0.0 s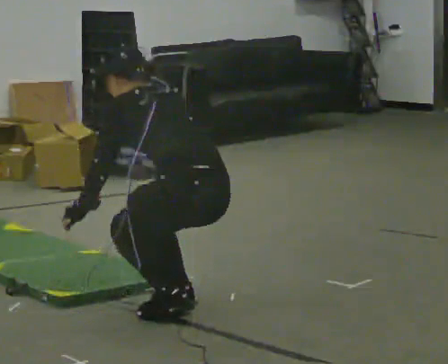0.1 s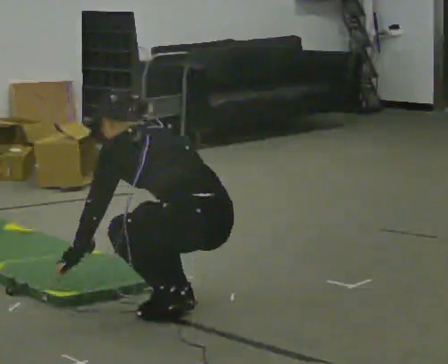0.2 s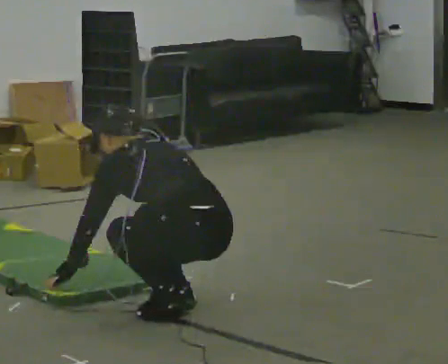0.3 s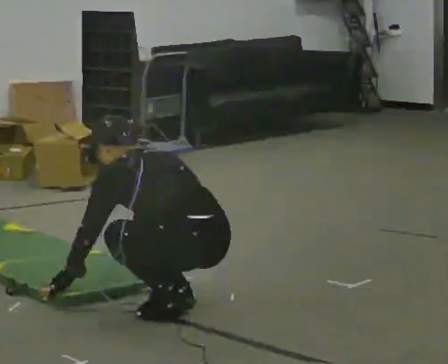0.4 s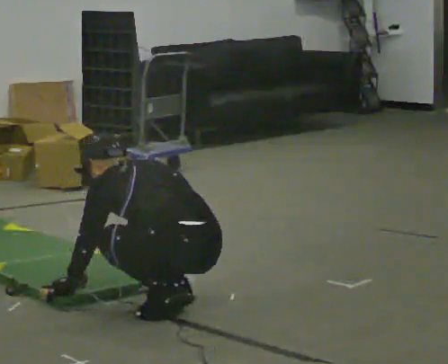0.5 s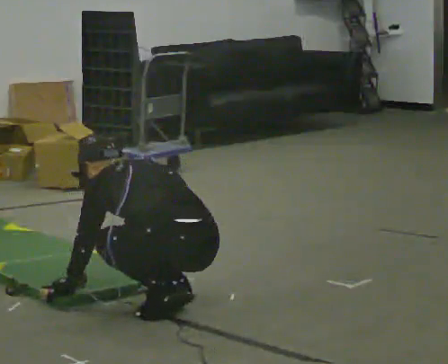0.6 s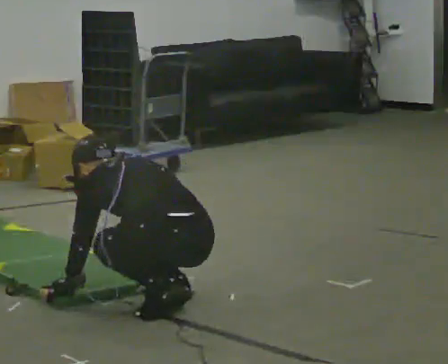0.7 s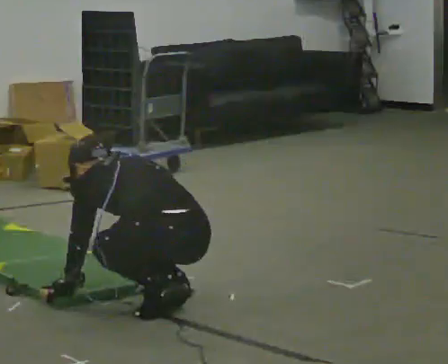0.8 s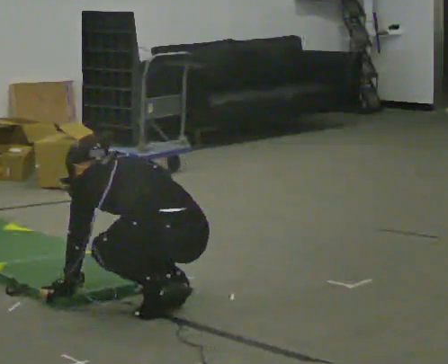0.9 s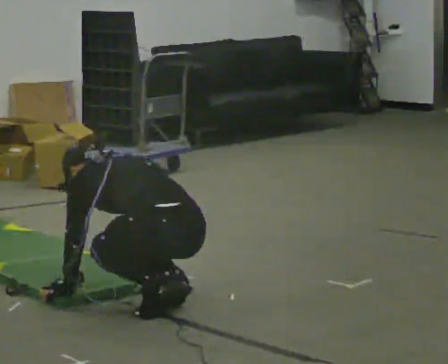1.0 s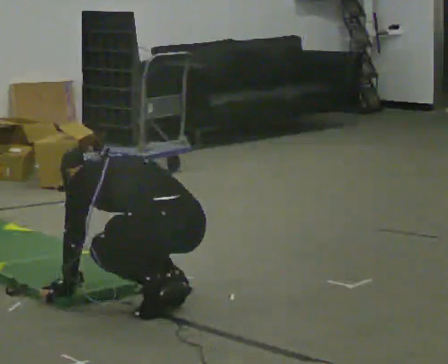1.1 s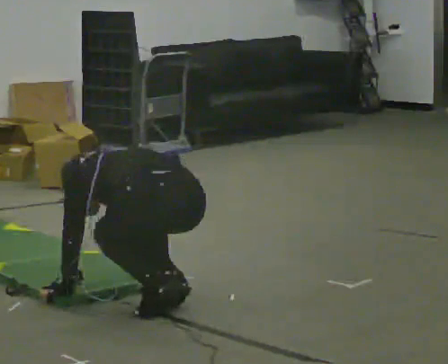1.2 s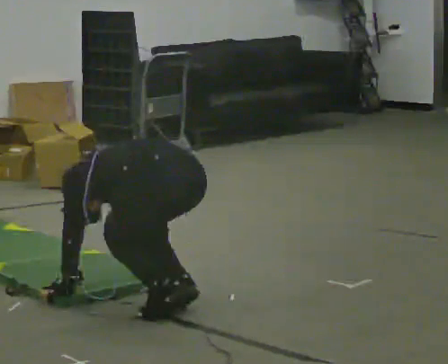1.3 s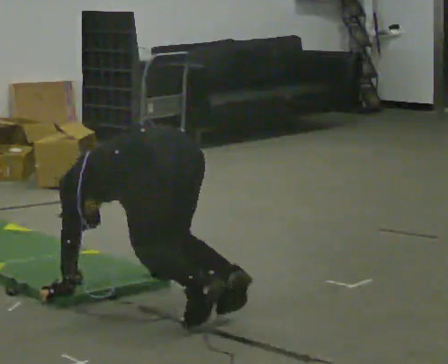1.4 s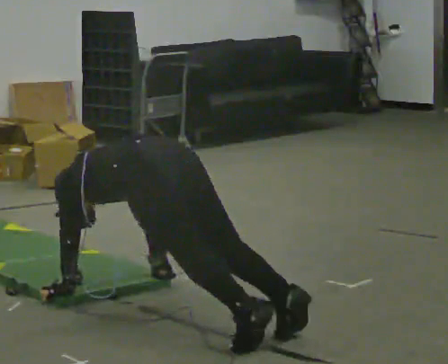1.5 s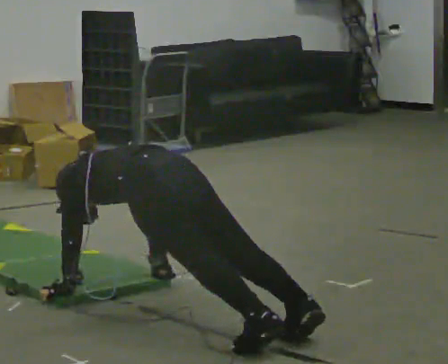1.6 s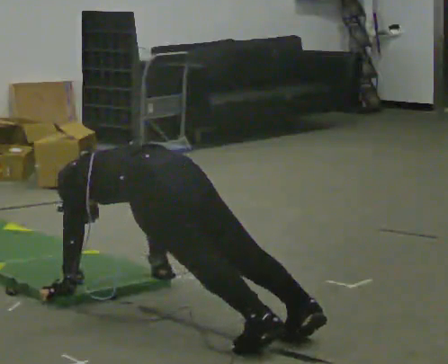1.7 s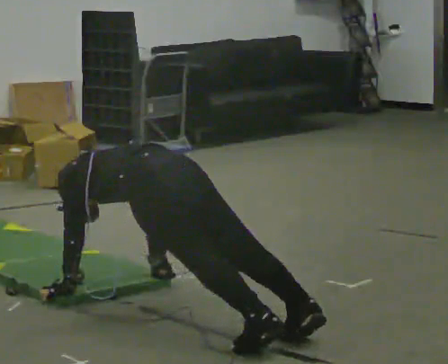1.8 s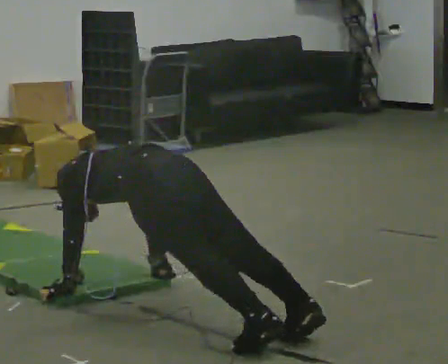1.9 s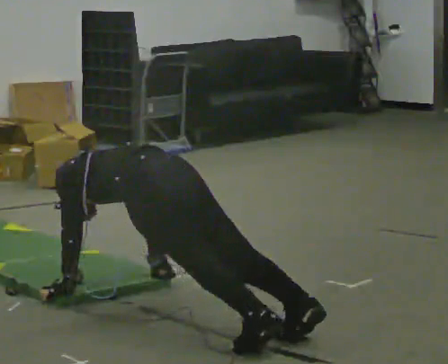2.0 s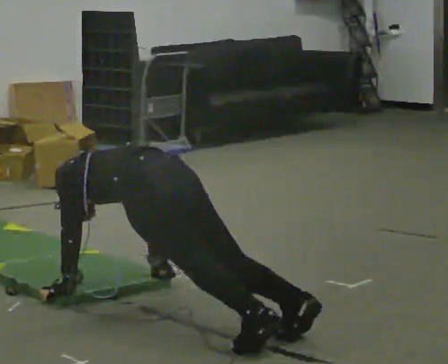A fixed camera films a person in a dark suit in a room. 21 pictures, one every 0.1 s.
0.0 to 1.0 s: The upper body goes downward. The upper body tips away from the camera, its near side rolling upward, as they bend forward. In the picture their left hand goes downward.
1.0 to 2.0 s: The person moves a little, or ends about where they began.
The film runs backward here.
